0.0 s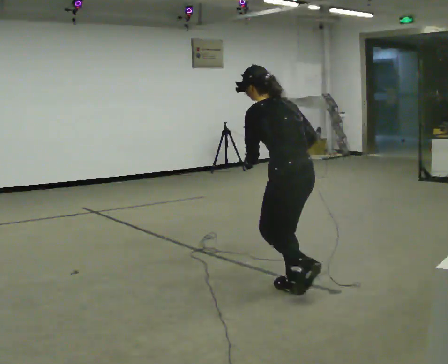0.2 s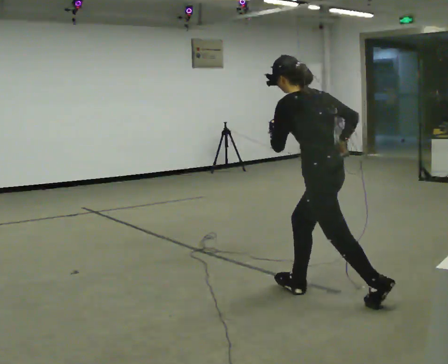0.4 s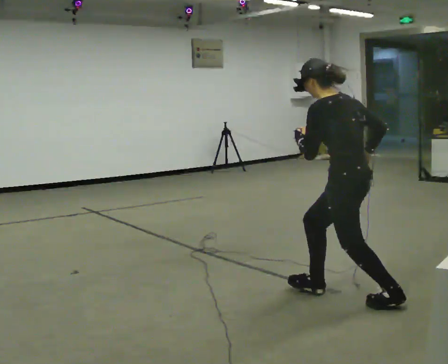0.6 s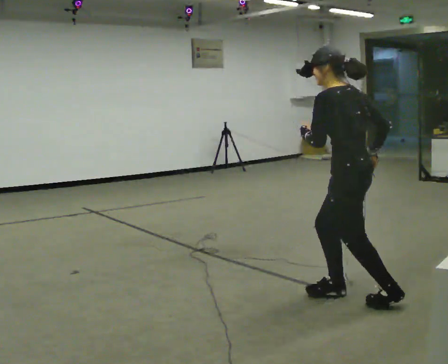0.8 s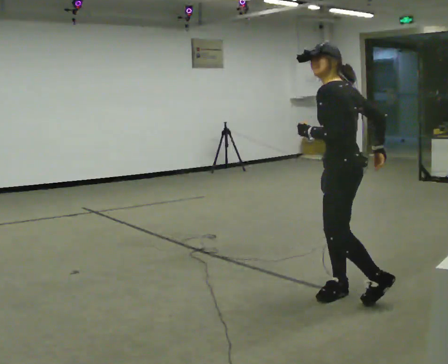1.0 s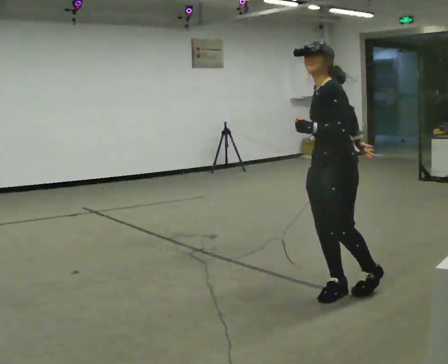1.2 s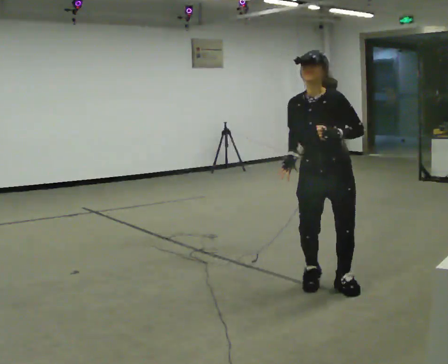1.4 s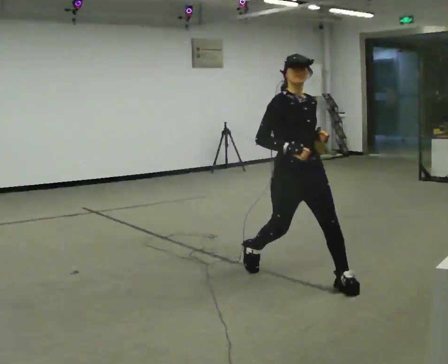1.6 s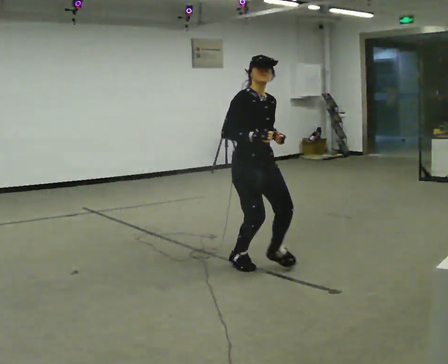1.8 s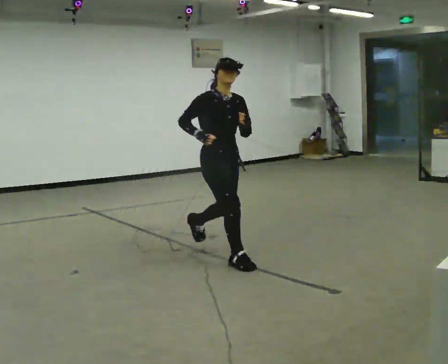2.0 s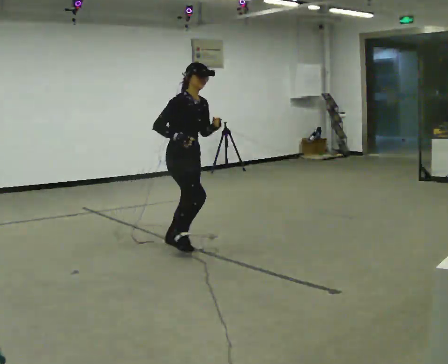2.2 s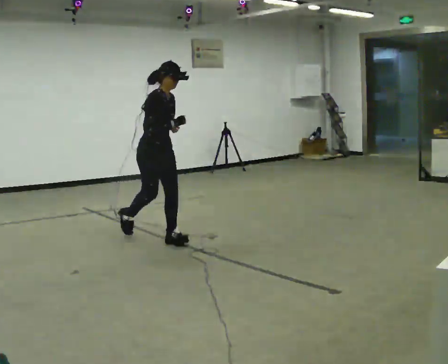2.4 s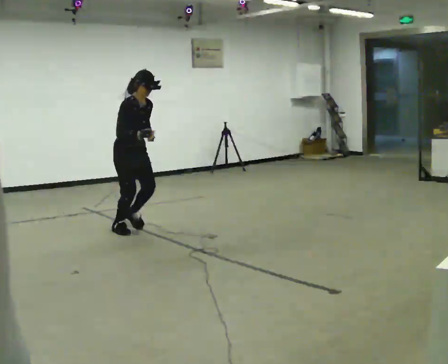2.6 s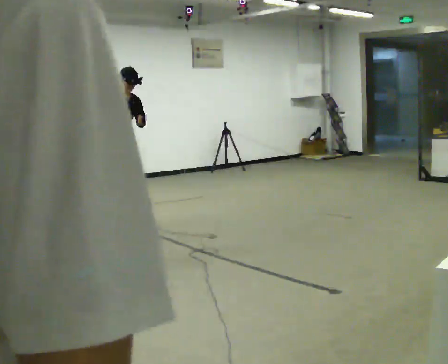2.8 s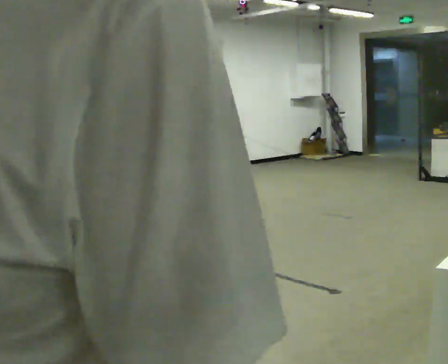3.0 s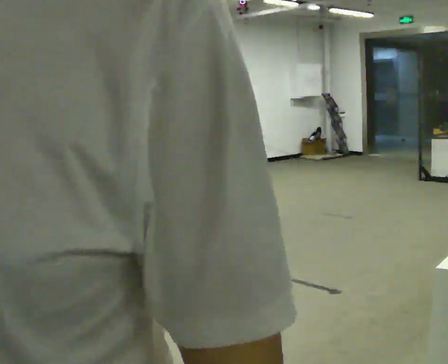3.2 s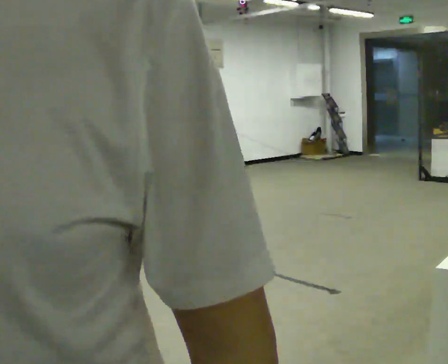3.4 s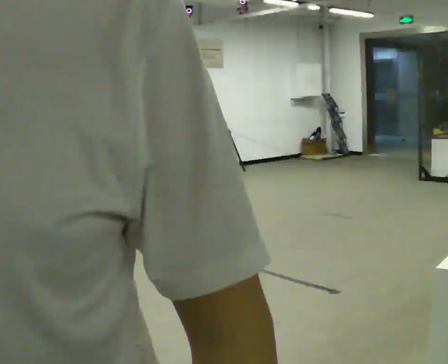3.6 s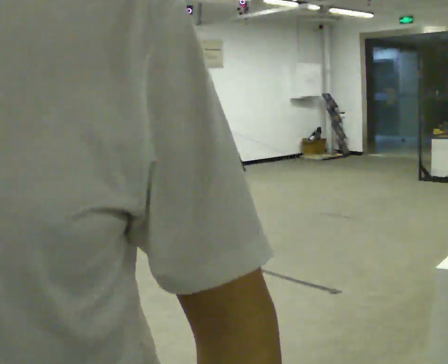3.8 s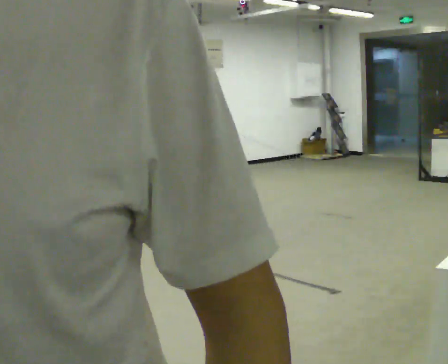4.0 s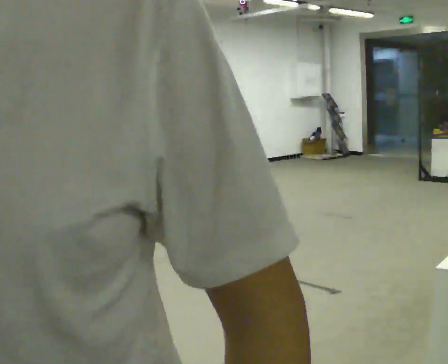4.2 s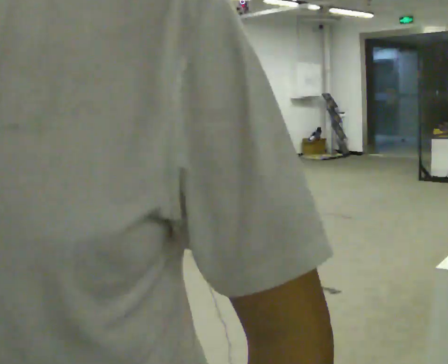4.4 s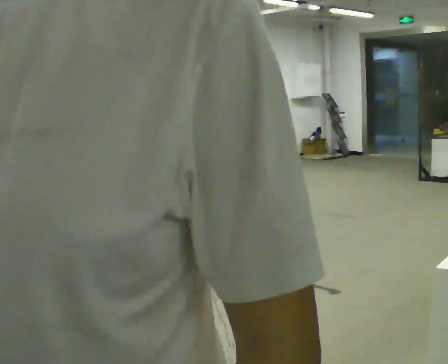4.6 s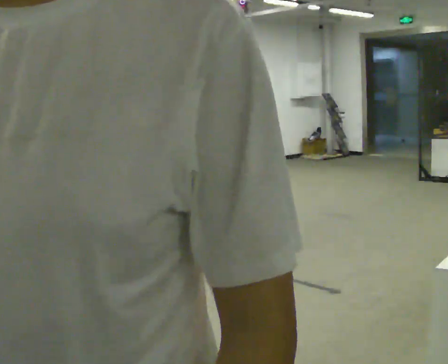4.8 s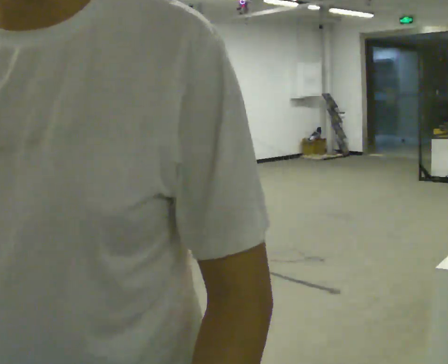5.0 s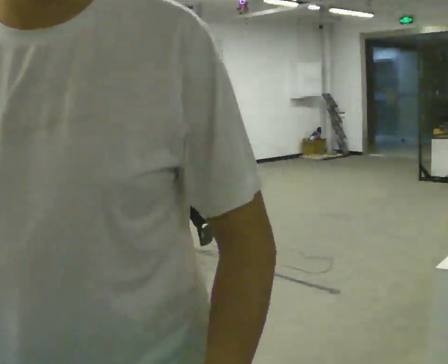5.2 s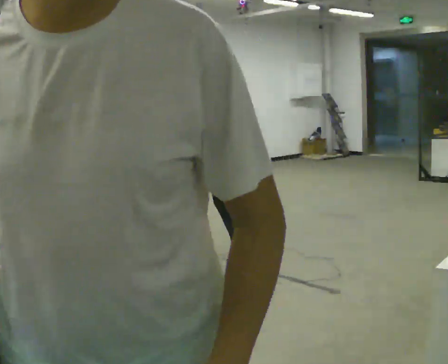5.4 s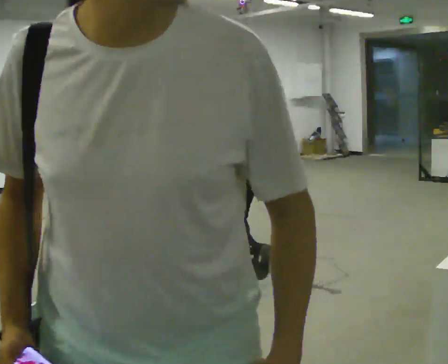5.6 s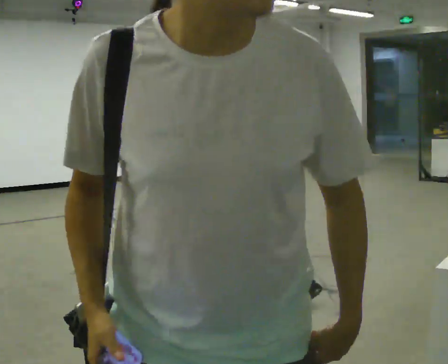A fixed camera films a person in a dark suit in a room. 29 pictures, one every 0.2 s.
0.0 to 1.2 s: The part of the body nearest the lens slides to the right as the person turns to their left by about 105 degrees. In the picture they go to the right, about 0.25 m in 3 steps. The upper body tips toward the camera, its near side rolling downward, as they lean back or straighten.
1.2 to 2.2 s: The part of the body nearest the lens slides to the right as the person turns to their left by about 90 degrees. In the picture they go away from the camera and to the left, about 2 m in 3 steps. In the picture the upper body tilts clockwise, shoulders to the right.
2.2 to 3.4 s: In the picture they go away from the camera and to the left, about 2 m in 1 step, which for them is backward.
3.4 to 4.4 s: The person turns about 165 degrees to their right, clockwise seen from above, so the part of the body nearest the lens slides to the left. In the picture they go toward the camera and to the right, about 1 m in 2 steps. The upper body tips away from the camera, its near side rolling upward, as they lean back or straighten.
4.4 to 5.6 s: In the picture they go toward the camera, about 2.5 m in 3 steps, which for them is backward. The upper body tips away from the camera, its near side rolling upward, as they bend forward.
The film runs backward here.
